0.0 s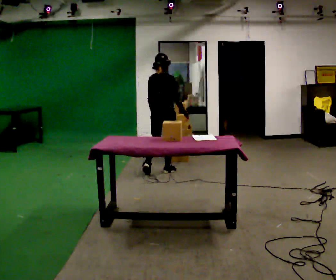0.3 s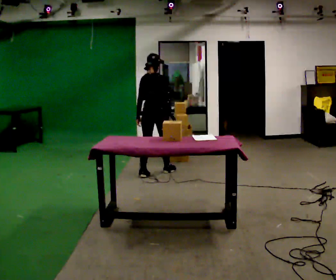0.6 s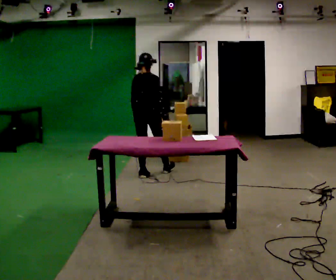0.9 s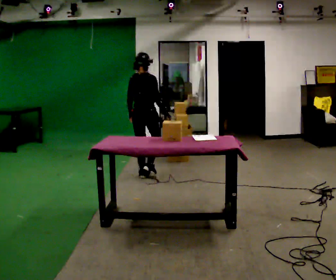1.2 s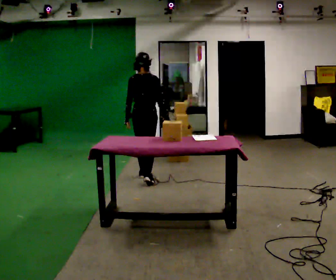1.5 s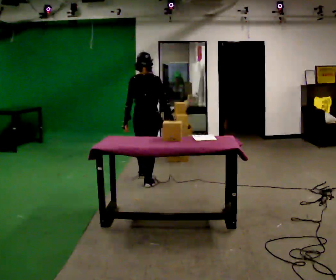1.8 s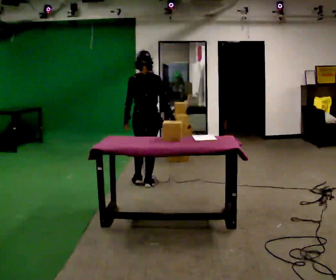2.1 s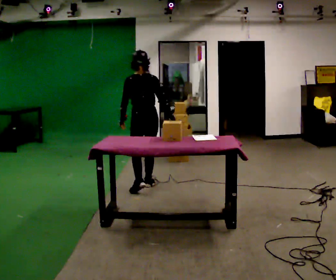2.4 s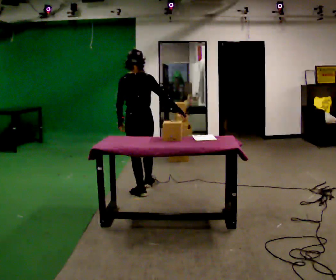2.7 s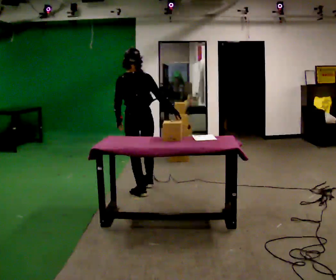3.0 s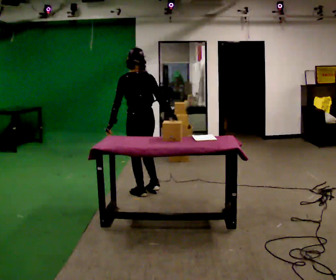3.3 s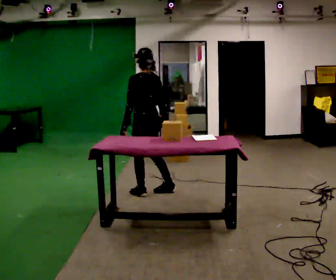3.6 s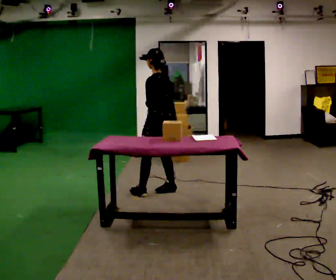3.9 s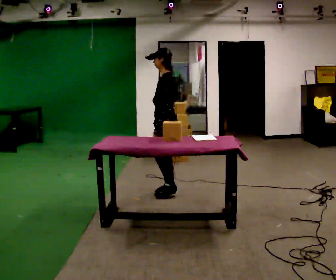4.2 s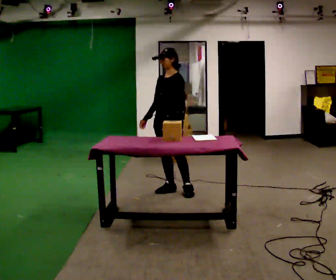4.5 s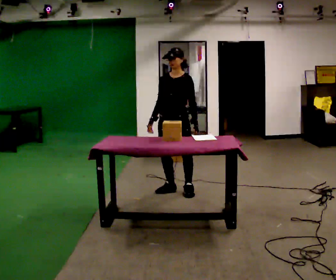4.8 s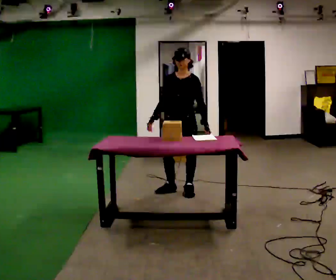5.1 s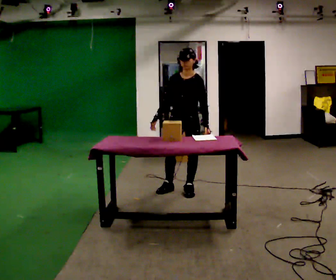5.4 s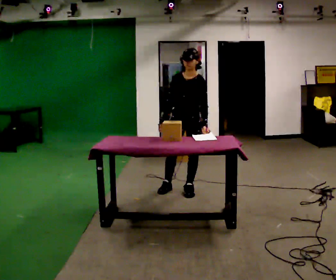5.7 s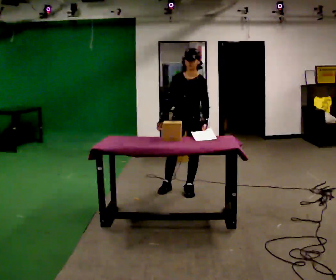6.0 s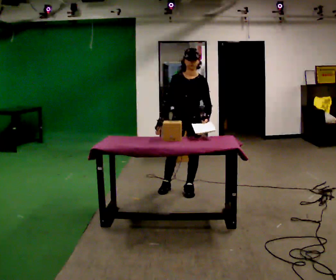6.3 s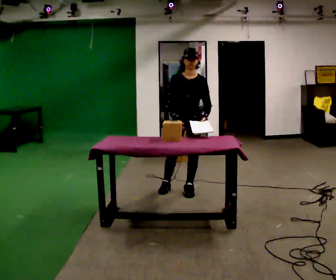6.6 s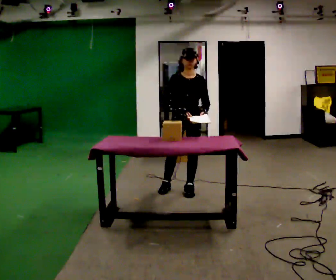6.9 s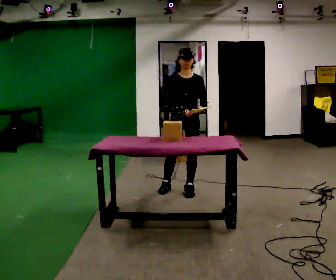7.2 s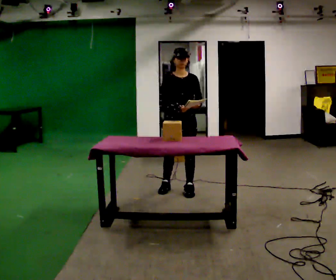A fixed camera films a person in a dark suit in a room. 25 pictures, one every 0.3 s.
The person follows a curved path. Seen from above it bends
counterclockwise.
The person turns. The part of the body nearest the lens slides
to the right.
0.0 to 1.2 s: In the picture they go toward the camera and to the left, about 0.5 m in 1 step, which for them is backward.
1.2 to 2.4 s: The part of the body nearest the lens slides to the right as the person turns to their left by about 30 degrees. In the picture they go toward the camera, about 0.5 m in 1 step, which for them is backward.
2.4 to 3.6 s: The part of the body nearest the lens slides to the right as the person turns to their left by about 60 degrees. In the picture they go to the right, about 0.25 m in 1 step, which for them is to their right.
3.6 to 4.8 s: The part of the body nearest the lens slides to the right as the person turns to their left by about 90 degrees. In the picture they go to the right, about 0.25 m in 1 step.
4.8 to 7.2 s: The person moves a little, or ends about where they began.
The film runs backward here.
